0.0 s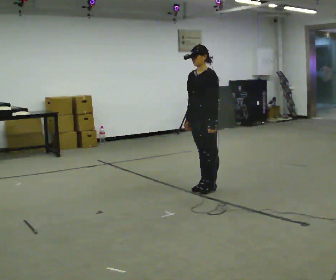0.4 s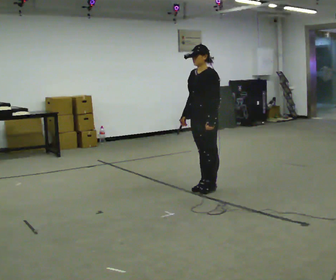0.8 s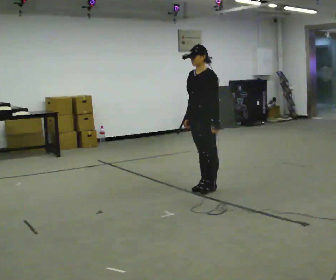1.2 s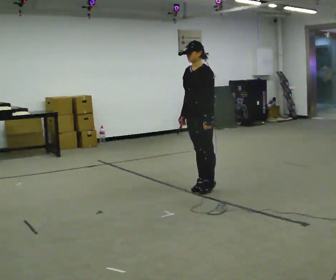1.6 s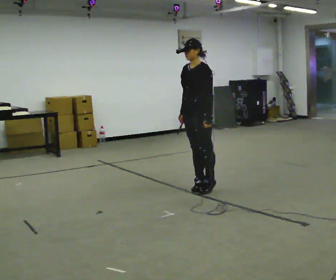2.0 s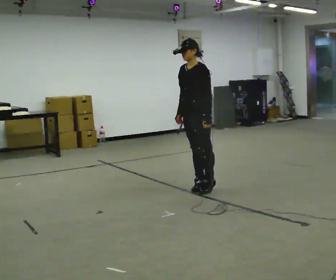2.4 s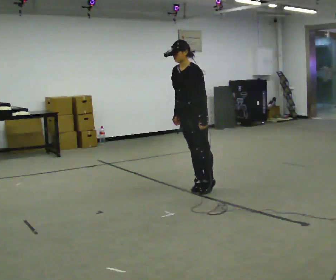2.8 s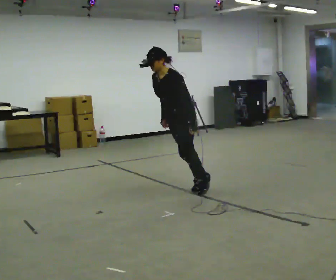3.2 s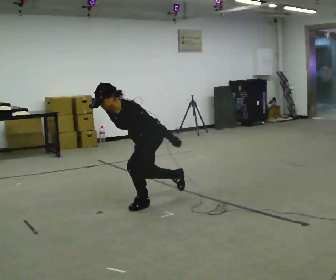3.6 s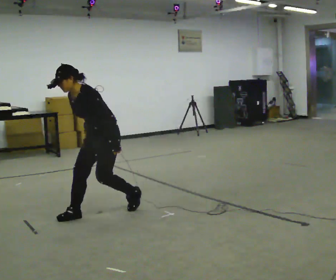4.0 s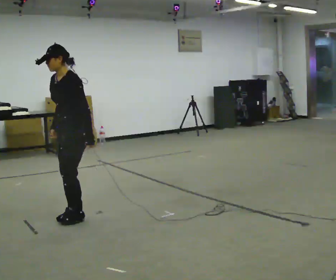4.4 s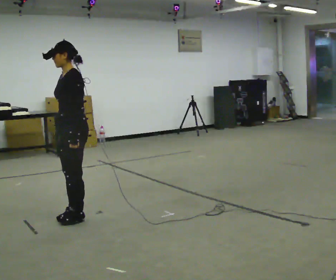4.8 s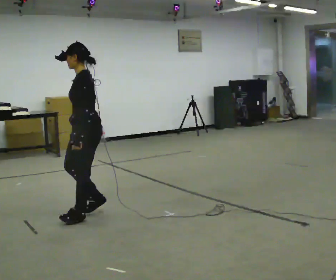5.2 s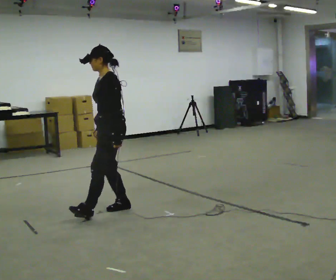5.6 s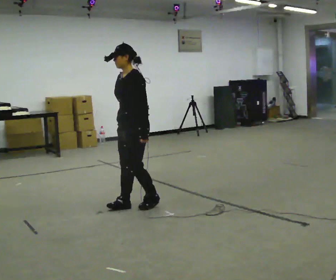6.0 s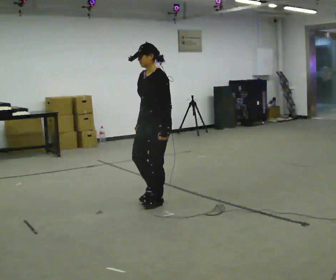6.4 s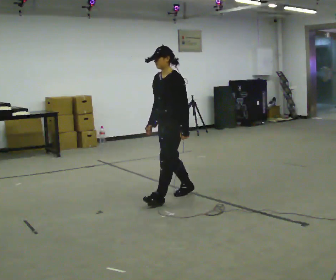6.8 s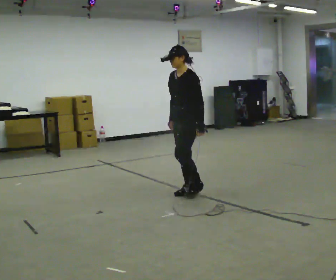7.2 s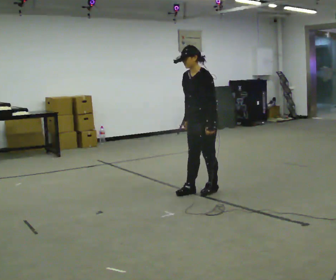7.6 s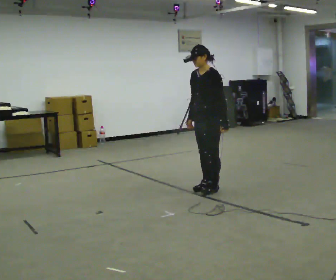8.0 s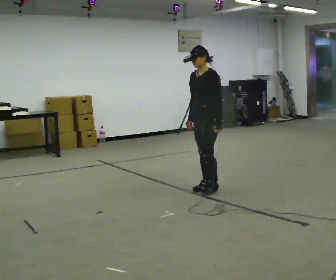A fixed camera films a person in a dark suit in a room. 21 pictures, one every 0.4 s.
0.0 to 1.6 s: The person moves a little, or ends about where they began.
1.6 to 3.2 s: In the picture they go to the left and toward the camera, about 0.5 m in 1 step, which for them is forward. The upper body goes downward. In the picture the upper body tilts counterclockwise, shoulders to the left, as they bend forward.
3.2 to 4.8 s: In the picture they go to the left and toward the camera, about 0.5 m in 2 steps, which for them is forward. The shoulders move upward. In the picture the upper body tilts clockwise, shoulders to the right, as they lean back or straighten.
4.8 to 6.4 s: In the picture they go to the right and away from the camera, about 1 m in 3 steps, which for them is backward.
6.4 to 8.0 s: In the picture they go to the right and away from the camera, about 0.5 m in 2 steps, which for them is backward.
The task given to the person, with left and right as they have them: Stand on the marked spots and rise up onto your toes. Stay up until you start to topple forward, then step to catch yourself. Repeat at your own pace until the operator says stop. Go slowly and only as far as you are comfortable. Step whenever you need to; do not try to hold on longer than feels safe.
The film runs forward here.
